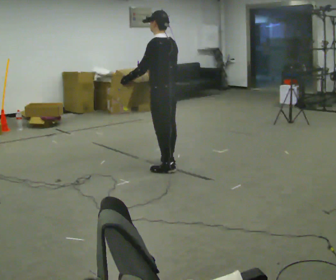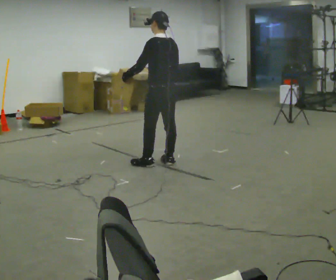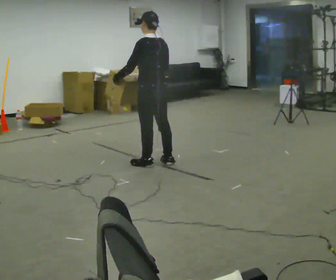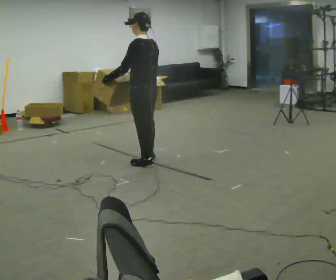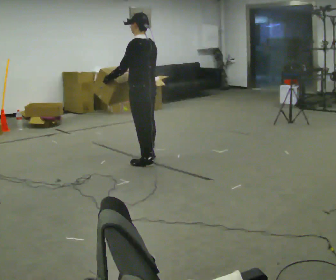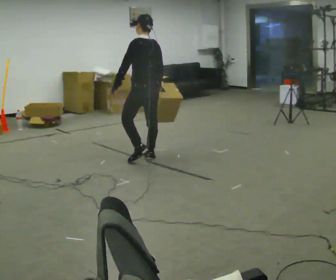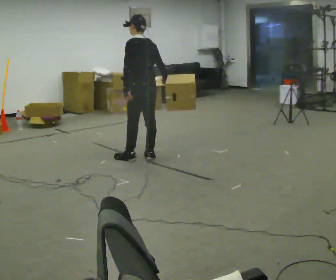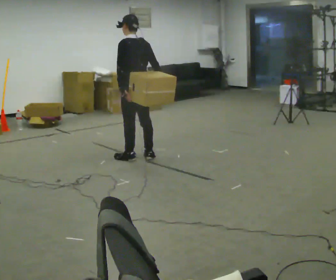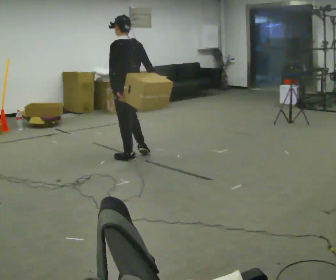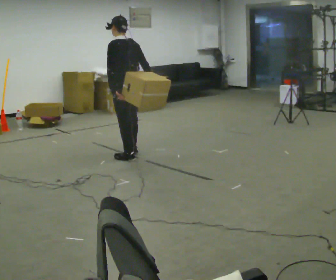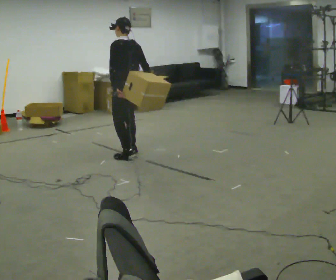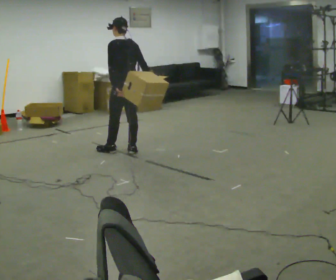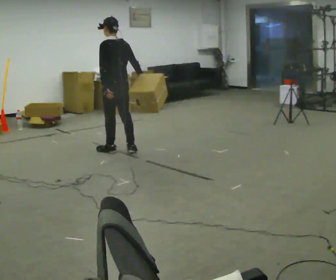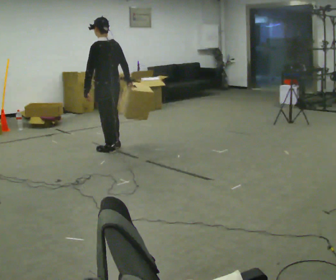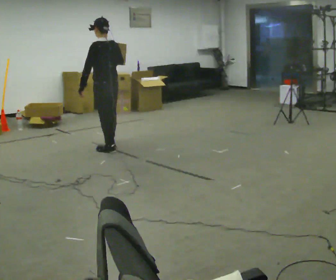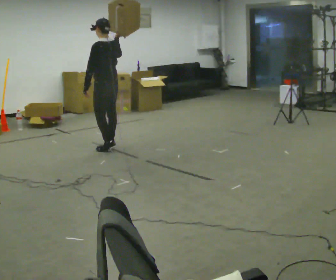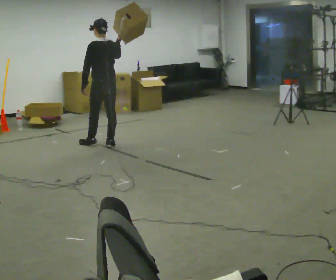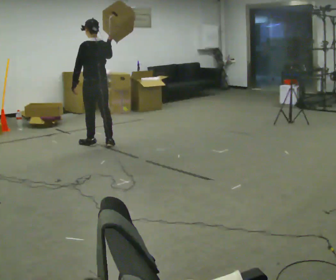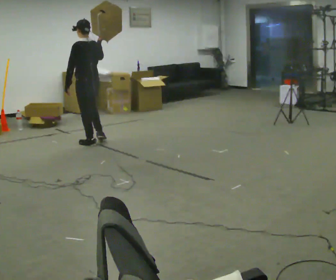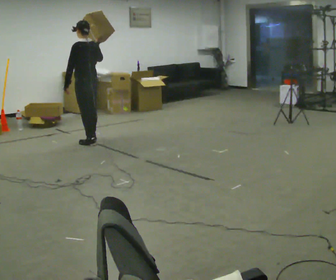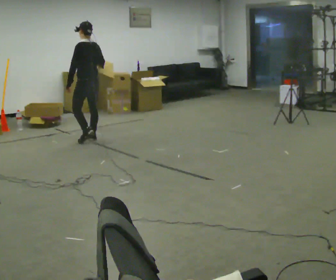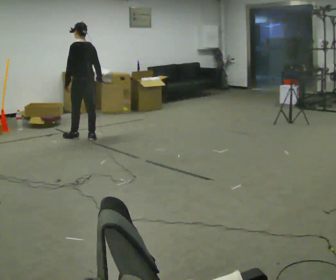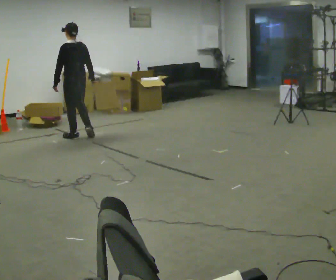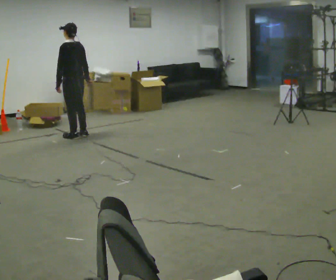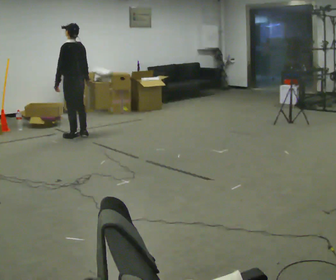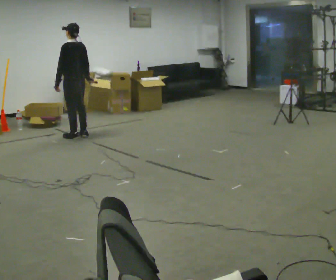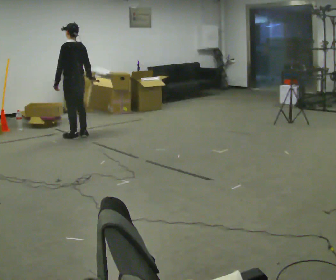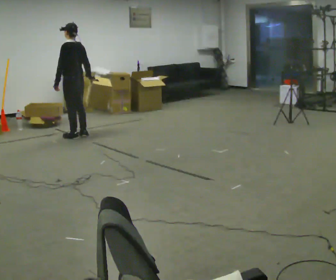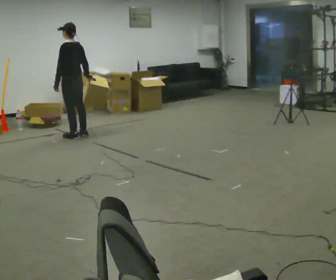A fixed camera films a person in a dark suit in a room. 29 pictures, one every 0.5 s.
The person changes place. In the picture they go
away from the camera.
0.0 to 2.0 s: In the picture they go away from the camera and to the left, about 0.25 m in 2 steps, which for them is forward.
2.0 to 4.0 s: In the picture they go to the left and away from the camera, about 0.25 m in 1 step, which for them is forward.
4.0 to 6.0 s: In the picture they go away from the camera, about 0.25 m in 2 steps, which for them is forward.
6.0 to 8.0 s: In the picture they go away from the camera, about 0.25 m in 2 steps, which for them is forward. In the picture their right hand goes upward.
8.0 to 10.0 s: In the picture they go away from the camera and to the left, about 0.5 m in 1 step, which for them is forward. In the picture their right hand goes downward.
10.0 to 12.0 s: In the picture they go away from the camera and to the left, about 0.25 m in 2 steps, which for them is forward.
12.0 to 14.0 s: The person moves a little, or ends about where they began.
The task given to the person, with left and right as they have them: Carry the box and, while walking, shift it to a different hold: front, then hip, then shoulder, then back to front. Do not stop walking.
The film runs forward here.
